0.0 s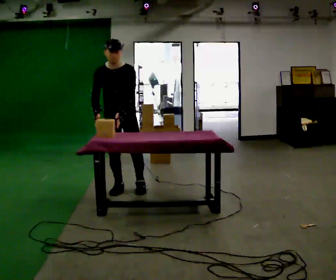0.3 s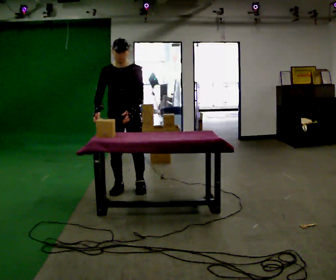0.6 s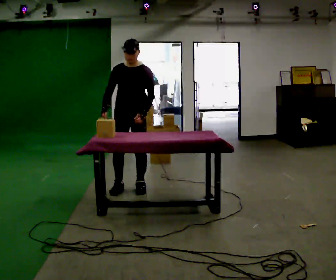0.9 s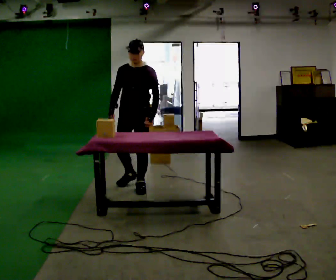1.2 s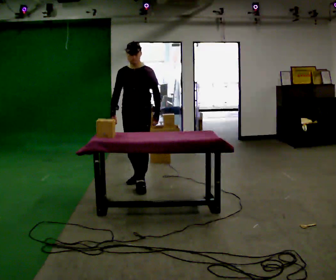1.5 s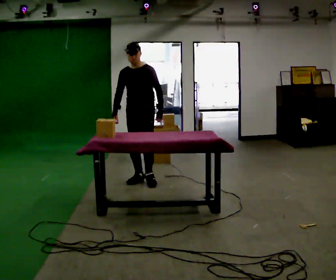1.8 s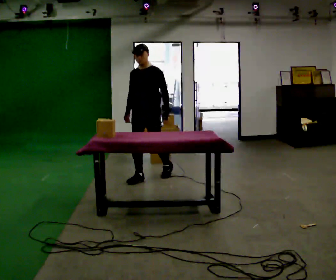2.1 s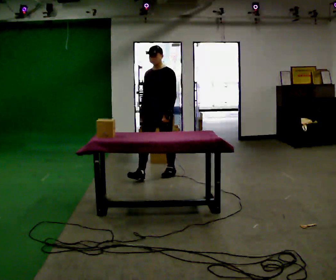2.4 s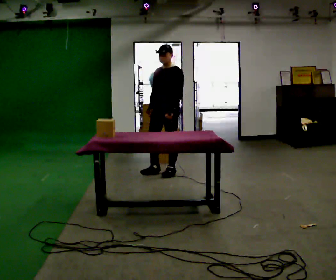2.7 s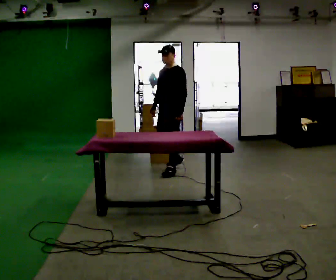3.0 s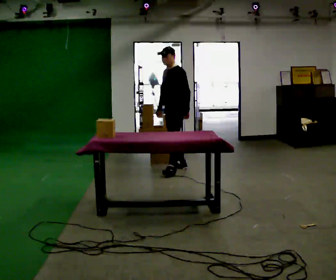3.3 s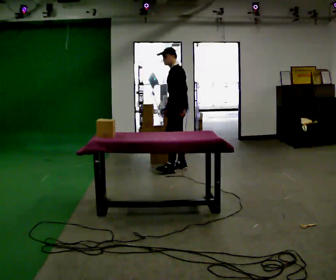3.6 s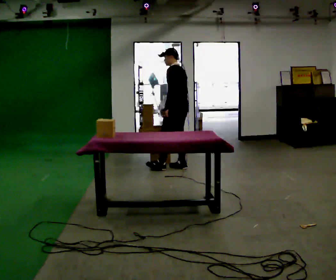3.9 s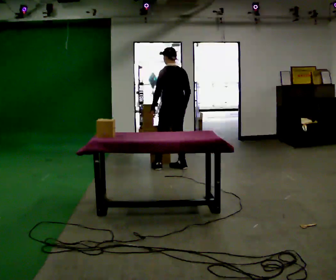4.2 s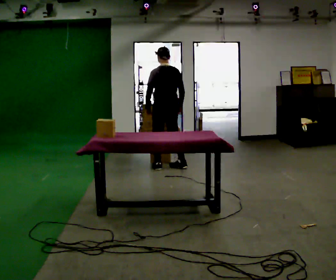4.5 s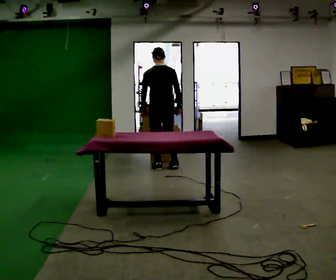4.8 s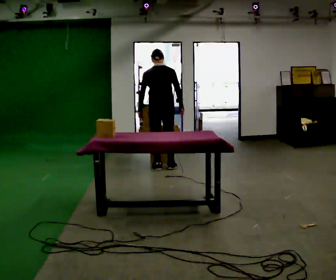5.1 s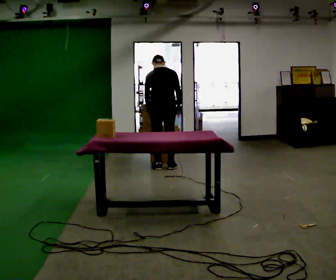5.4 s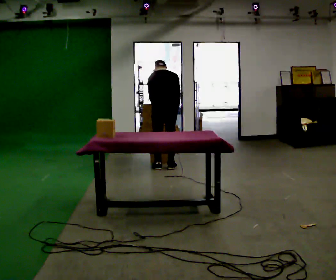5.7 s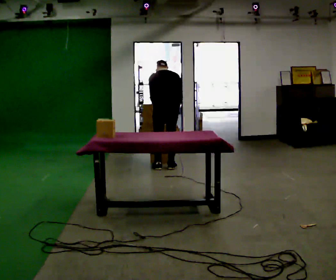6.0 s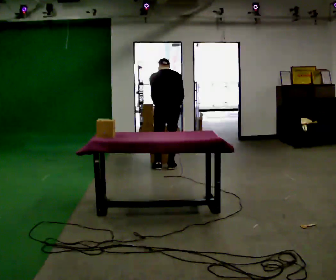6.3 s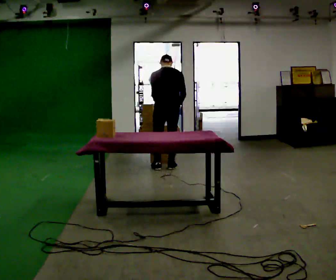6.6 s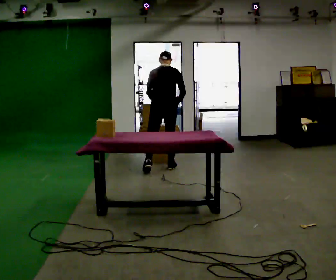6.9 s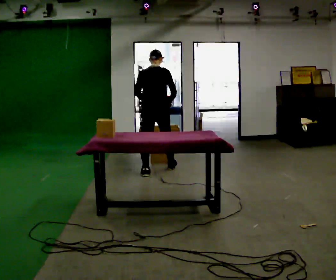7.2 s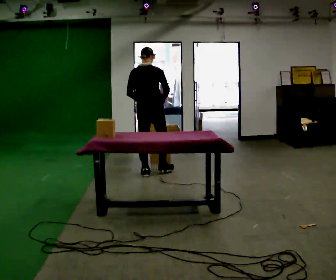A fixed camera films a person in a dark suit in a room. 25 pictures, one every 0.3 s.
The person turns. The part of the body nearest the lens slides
to the left.
The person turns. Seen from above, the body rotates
clockwise.
0.0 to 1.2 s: In the picture they go away from the camera and to the right, about 0.25 m in 1 step, which for them is backward and to their left.
1.2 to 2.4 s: In the picture they go away from the camera and to the right, about 0.75 m in 2 steps, which for them is backward.
2.4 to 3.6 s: The person turns about 75 degrees to their right, clockwise seen from above, so the part of the body nearest the lens slides to the left. In the picture they go away from the camera, about 0.25 m in 1 step.
3.6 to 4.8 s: The person turns about 60 degrees to their right, clockwise seen from above, so the part of the body nearest the lens slides to the left. In the picture they go to the left, about 0.25 m in 1 step.
4.8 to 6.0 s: The upper body tips away from the camera, its near side rolling upward, as they bend forward.
6.0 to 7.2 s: In the picture they go toward the camera and to the left, about 0.5 m in 2 steps, which for them is backward and to their left. The upper body tips toward the camera, its near side rolling downward, as they lean back or straighten.
The film runs backward here.
